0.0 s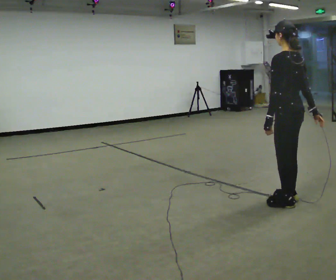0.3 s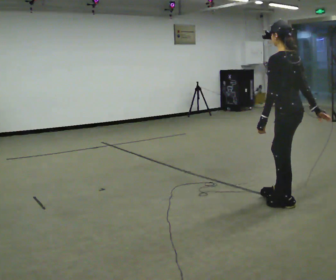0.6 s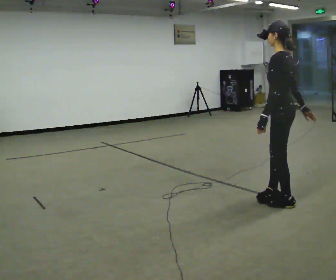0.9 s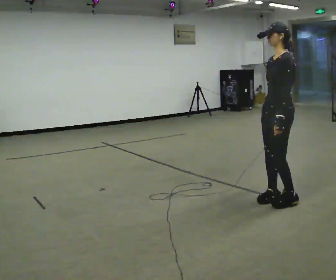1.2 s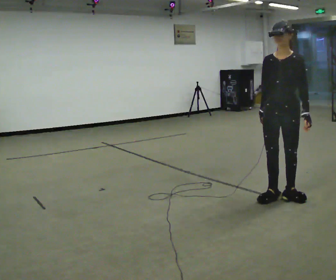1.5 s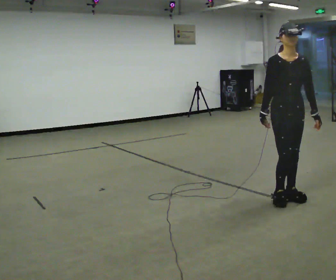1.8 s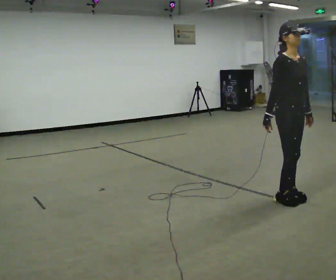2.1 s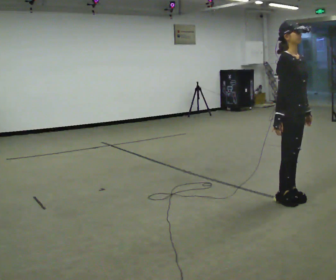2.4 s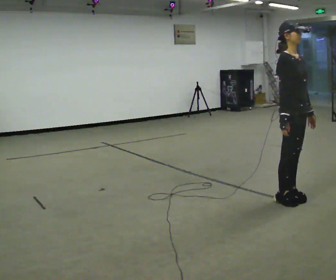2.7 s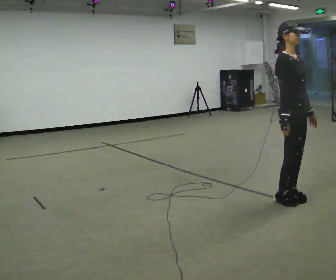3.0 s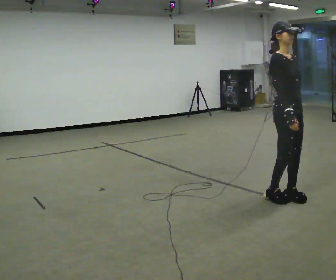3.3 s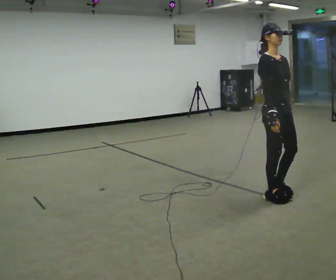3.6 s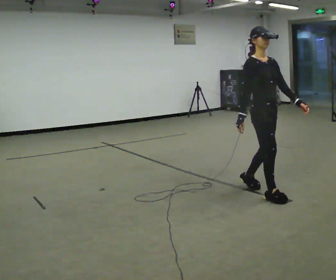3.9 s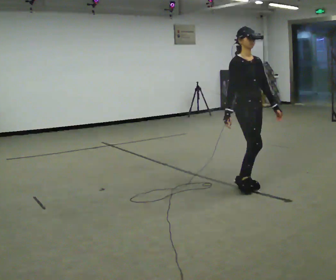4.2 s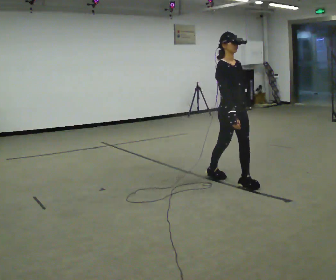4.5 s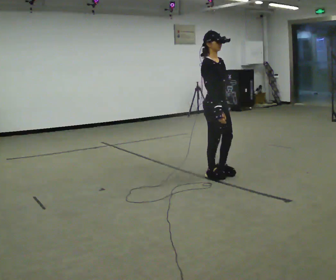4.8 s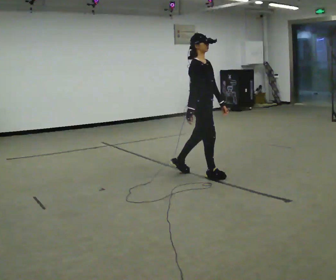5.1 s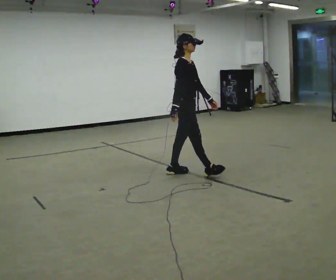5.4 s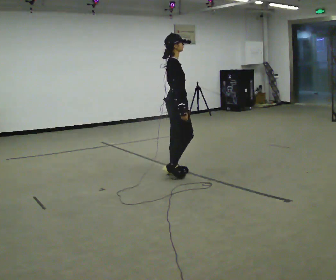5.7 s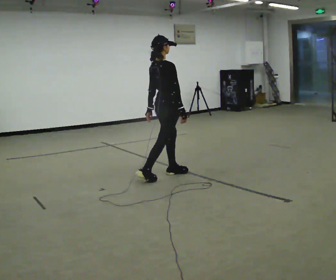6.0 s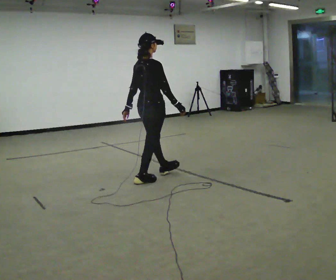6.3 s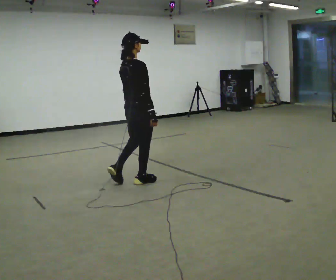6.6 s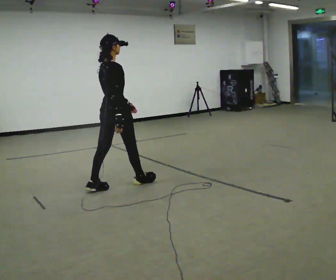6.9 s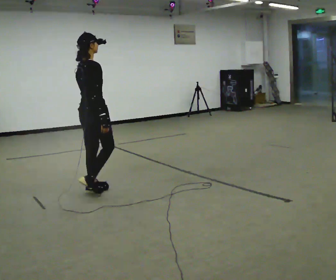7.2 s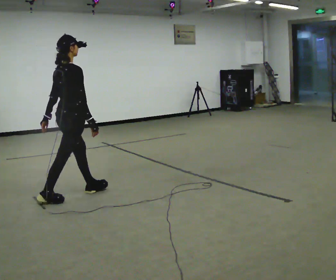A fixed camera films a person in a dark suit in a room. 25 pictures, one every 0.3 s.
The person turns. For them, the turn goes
to their left.
The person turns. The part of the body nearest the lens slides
to the right.
0.0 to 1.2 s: The part of the body nearest the lens slides to the right as the person turns to their left by about 105 degrees. In the picture their right hand goes to the left, the arm swinging clockwise.
1.2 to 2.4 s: Seen from above the body turns counterclockwise, about 75 degrees: to their left, with its near side sliding to the right.
2.4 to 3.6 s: In the picture they go to the left and away from the camera, about 0.25 m in 1 step, which for them is backward.
3.6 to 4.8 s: Seen from above the body turns counterclockwise, about 30 degrees: to their left, with its near side sliding to the right. In the picture they go away from the camera and to the left, about 1 m in 2 steps, which for them is backward.
4.8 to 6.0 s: The part of the body nearest the lens slides to the right as the person turns to their left by about 60 degrees. In the picture they go to the left, about 0.5 m in 2 steps.
6.0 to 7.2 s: In the picture they go toward the camera and to the left, about 1 m in 1 step, which for them is backward.
The film runs backward here.
